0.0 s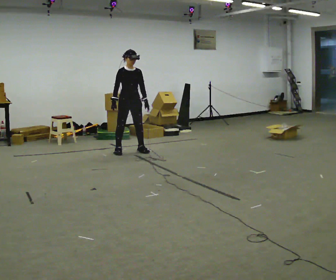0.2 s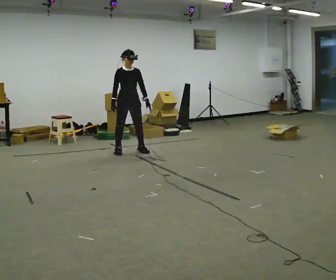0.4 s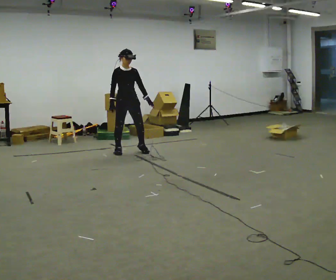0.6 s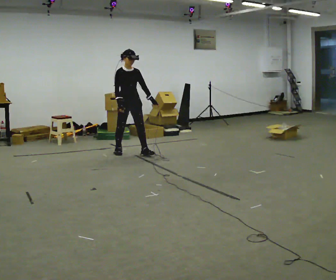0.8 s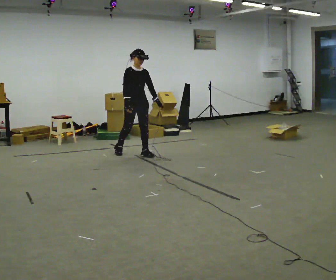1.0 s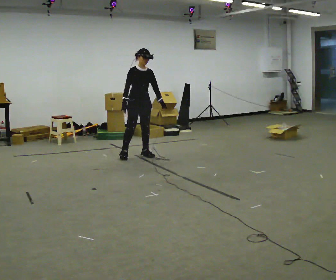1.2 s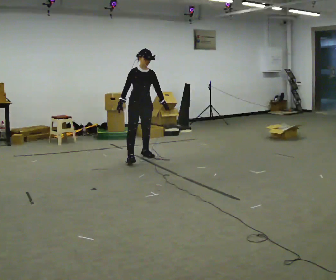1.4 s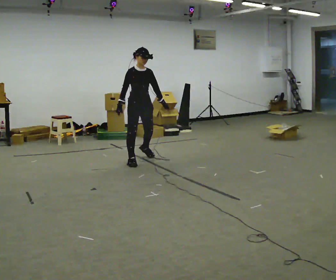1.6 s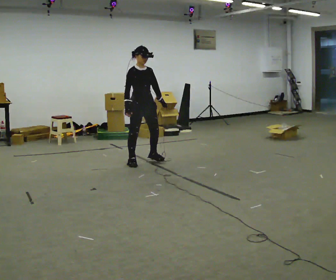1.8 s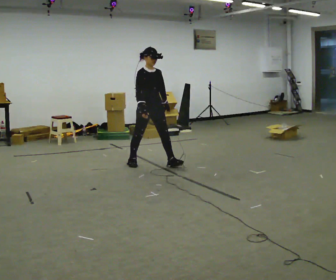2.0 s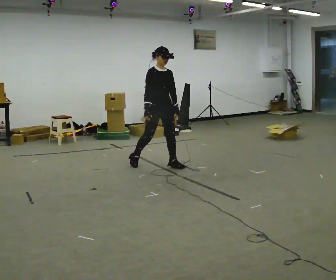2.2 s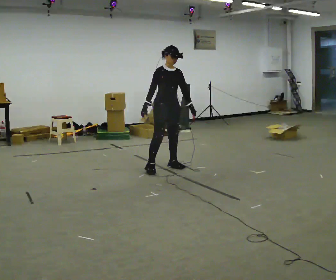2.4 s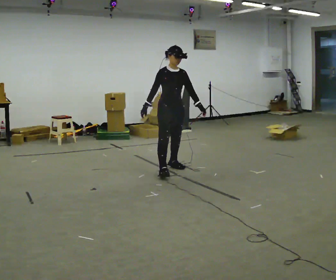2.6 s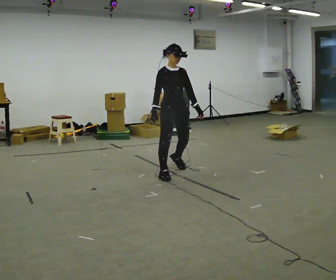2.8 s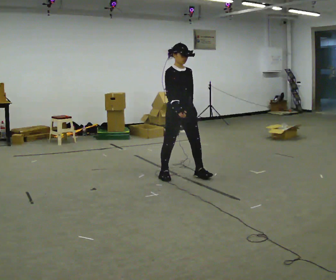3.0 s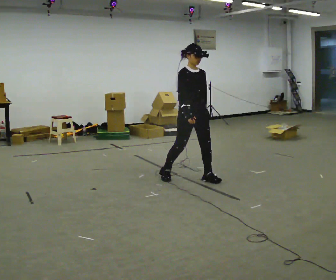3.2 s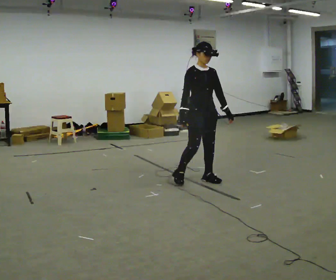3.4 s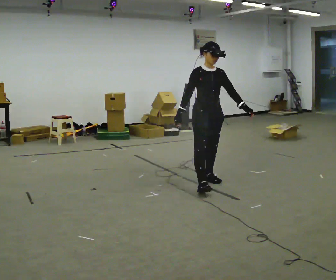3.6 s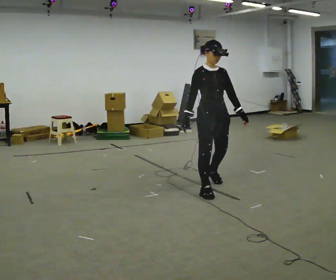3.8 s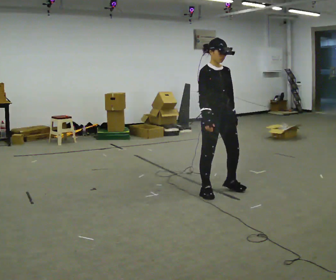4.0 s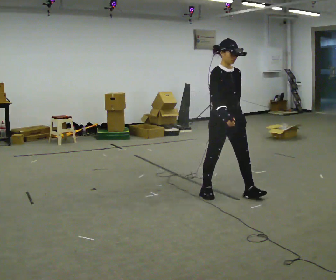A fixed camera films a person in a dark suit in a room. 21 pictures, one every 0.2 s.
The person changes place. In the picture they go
toward the camera.
0.0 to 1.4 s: In the picture they go toward the camera and to the right, about 0.5 m in 2 steps, which for them is forward.
1.4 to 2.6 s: In the picture they go toward the camera and to the right, about 1 m in 2 steps, which for them is forward.
2.6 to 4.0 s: In the picture they go toward the camera and to the right, about 1 m in 3 steps, which for them is forward.
The film runs forward here.
